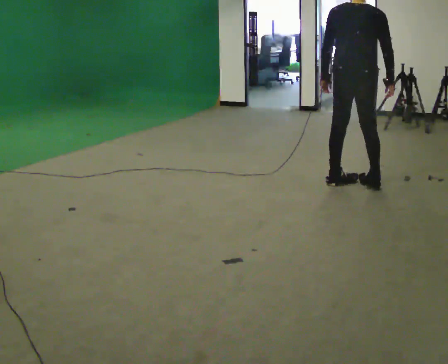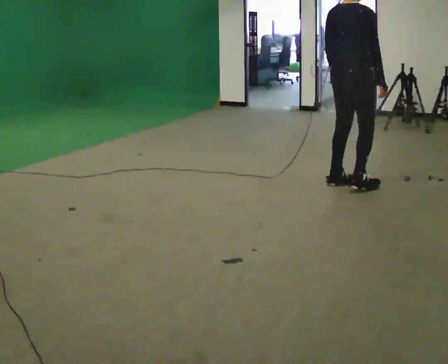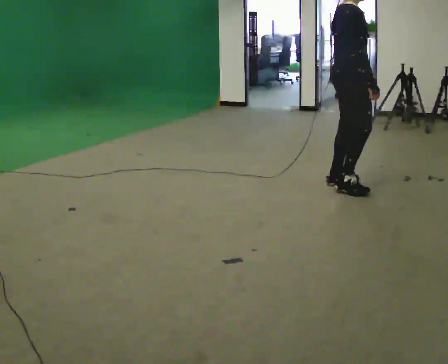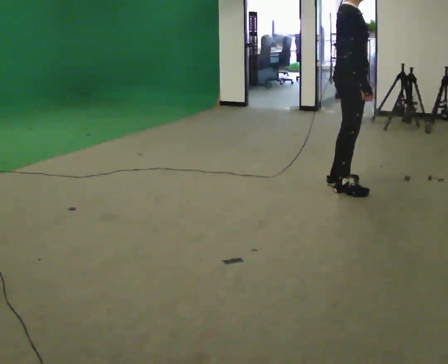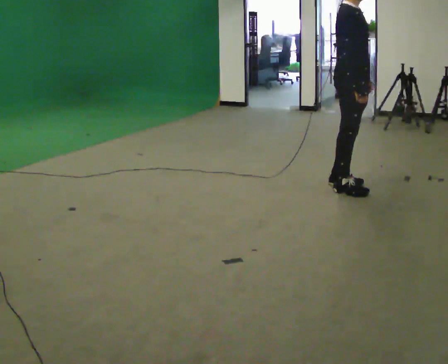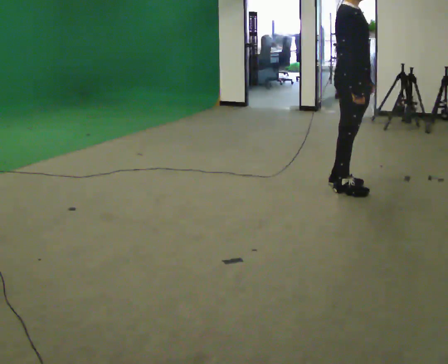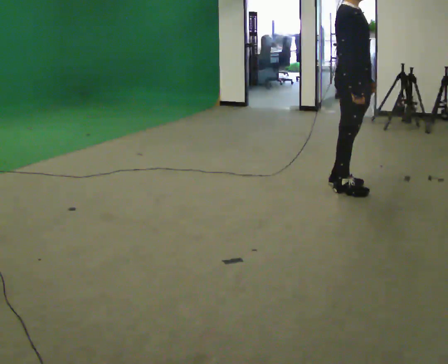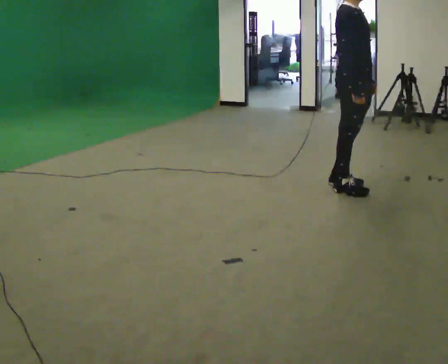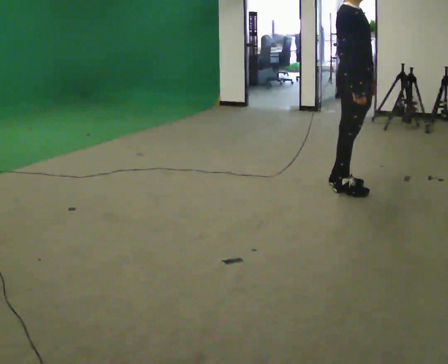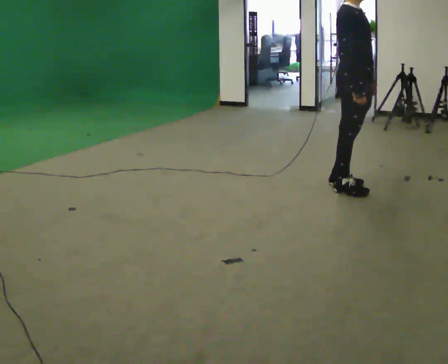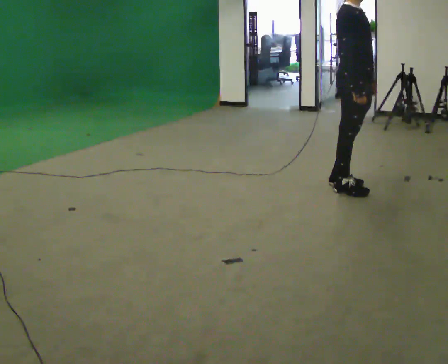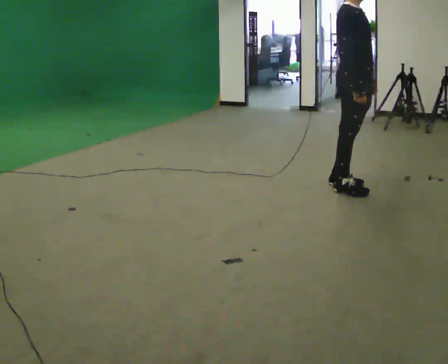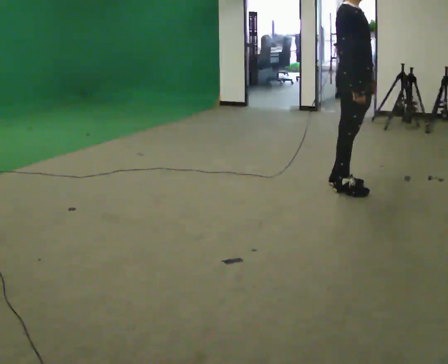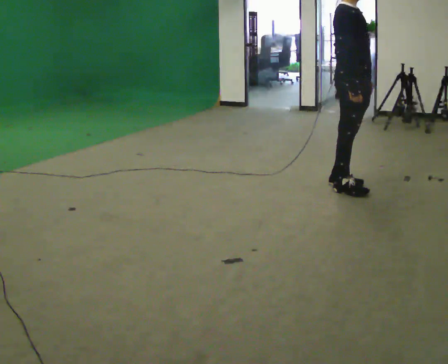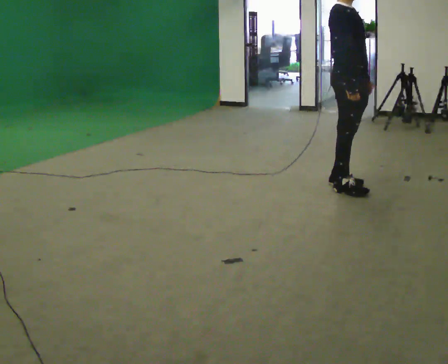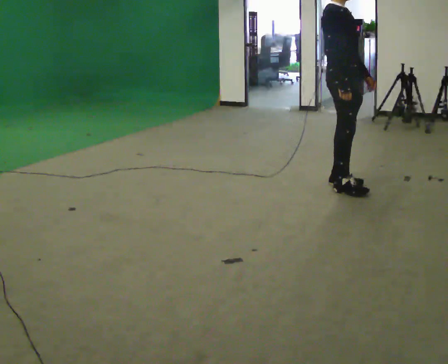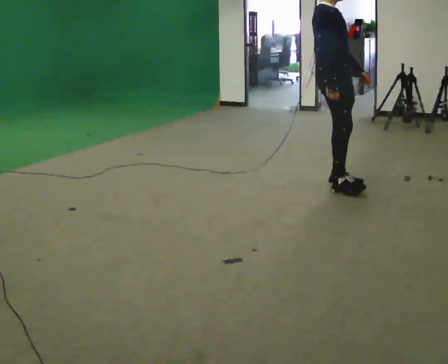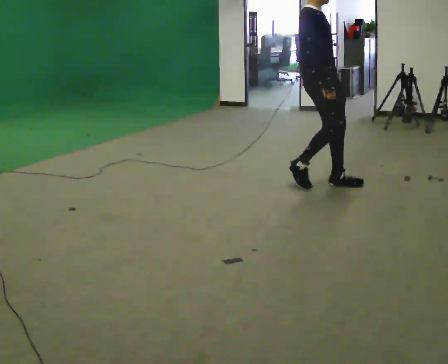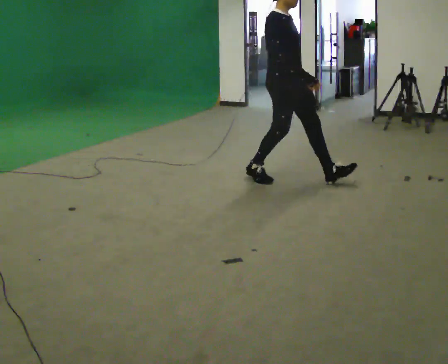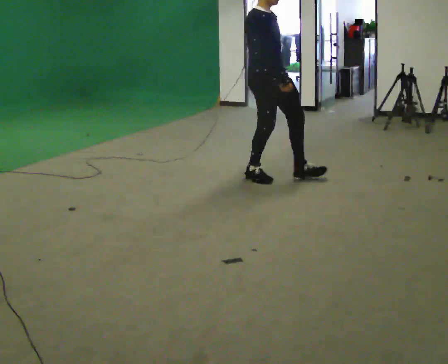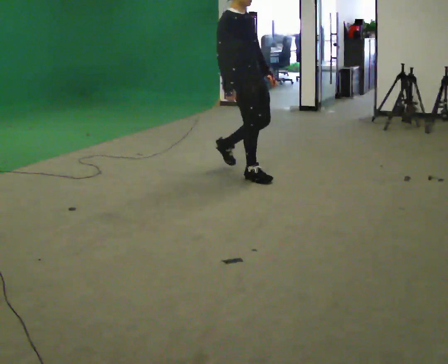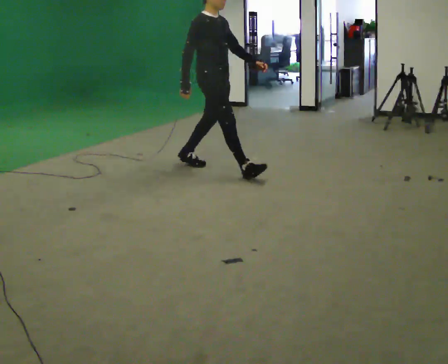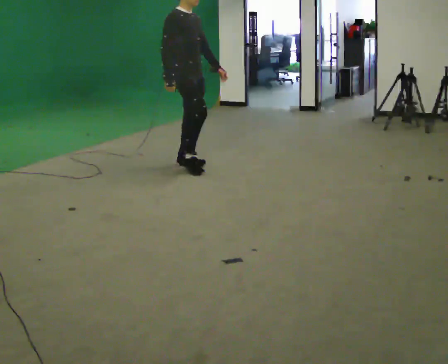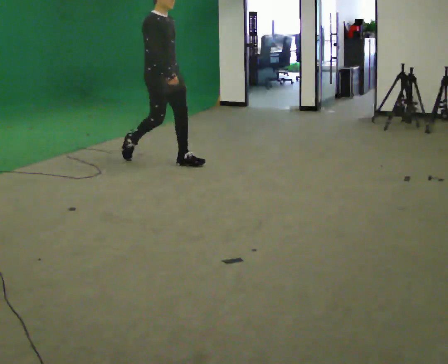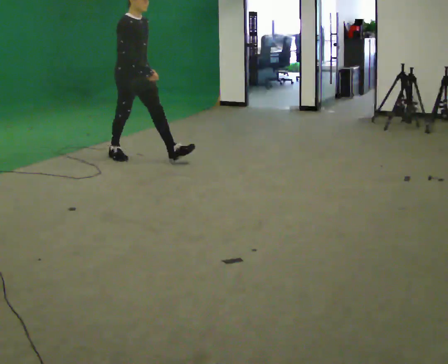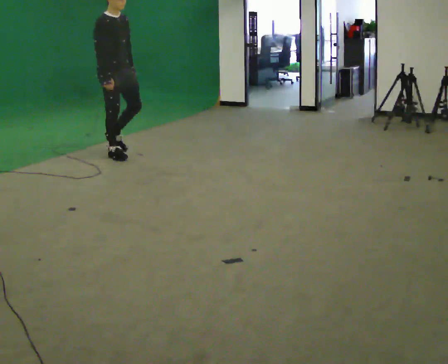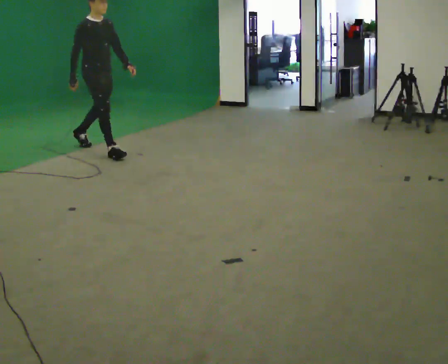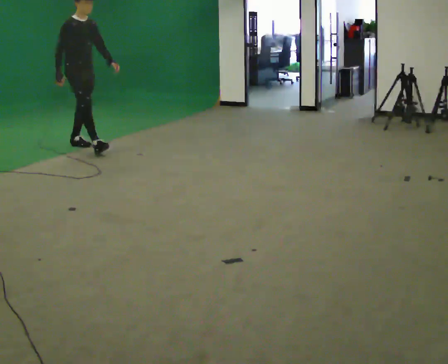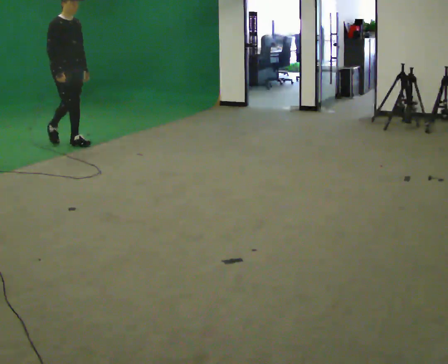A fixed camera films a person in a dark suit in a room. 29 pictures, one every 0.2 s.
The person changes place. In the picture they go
to the left.
0.0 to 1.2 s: Seen from above the body turns clockwise, about 105 degrees: to their right, with its near side sliding to the left. In the picture their left hand goes to the right.
1.2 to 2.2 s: The person keeps their place and pose.
2.2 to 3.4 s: In the picture they go to the left, about 0.25 m in 1 step, which for them is backward.
3.4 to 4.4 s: In the picture they go to the left, about 1 m in 2 steps, which for them is backward.
4.4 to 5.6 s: In the picture they go to the left, about 1.5 m in 2 steps, which for them is backward.
The film runs backward here.
